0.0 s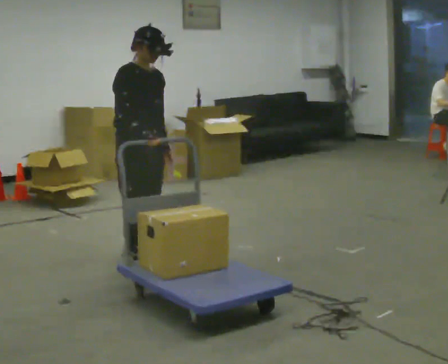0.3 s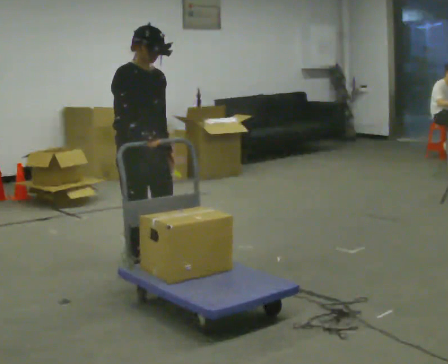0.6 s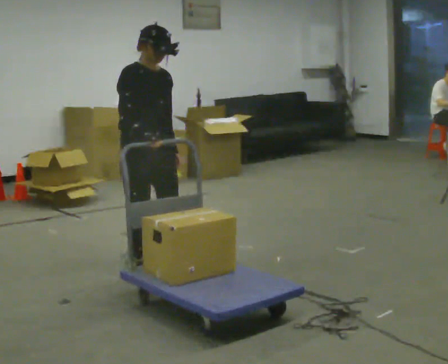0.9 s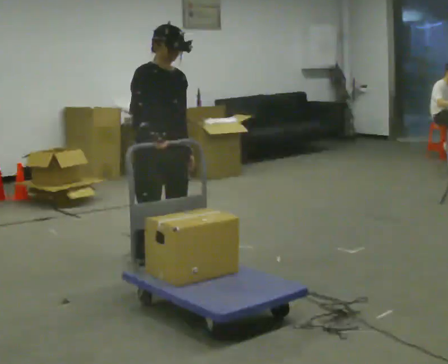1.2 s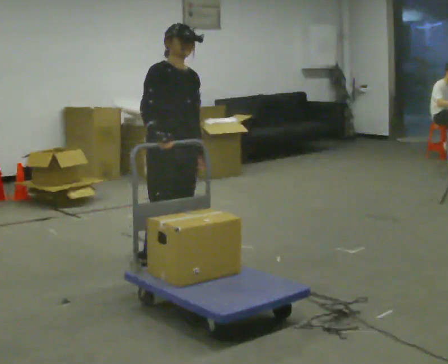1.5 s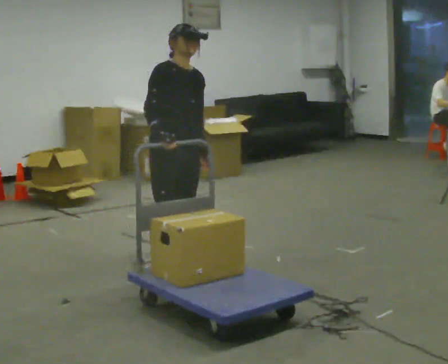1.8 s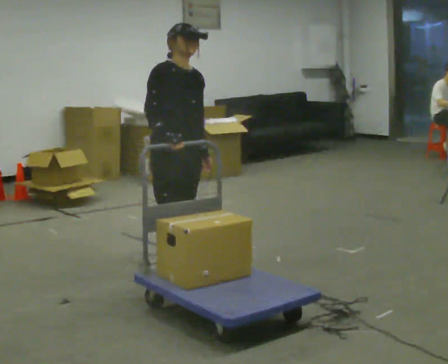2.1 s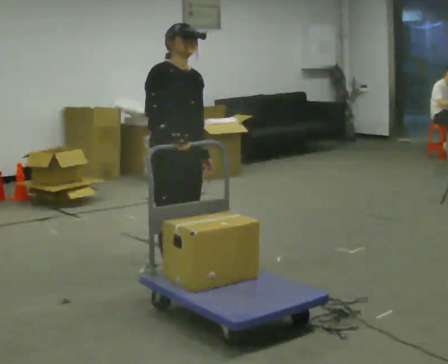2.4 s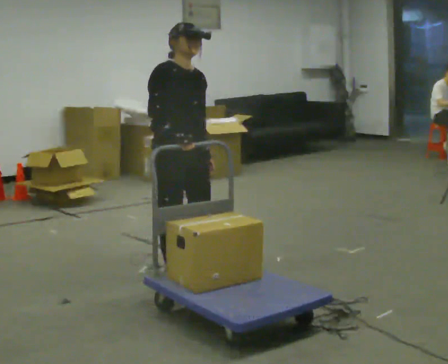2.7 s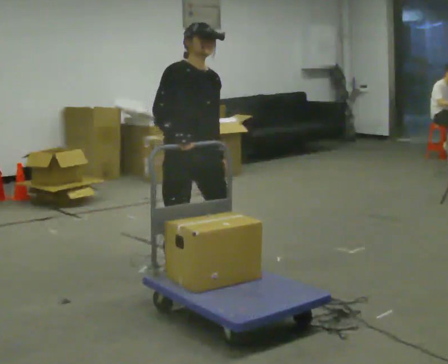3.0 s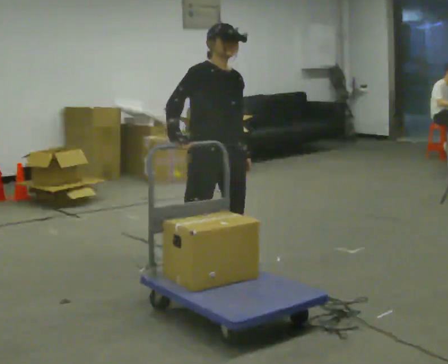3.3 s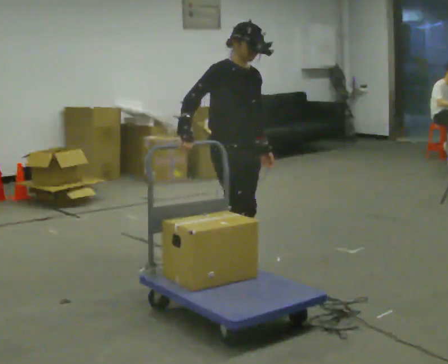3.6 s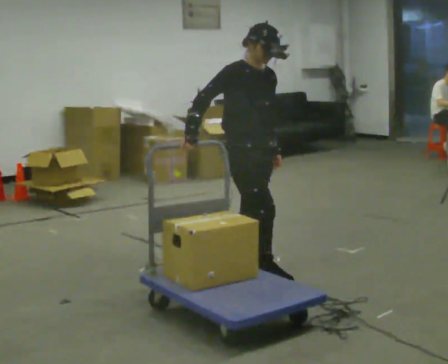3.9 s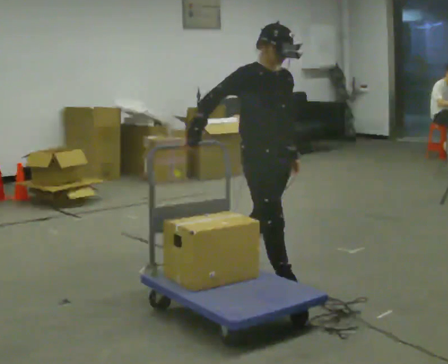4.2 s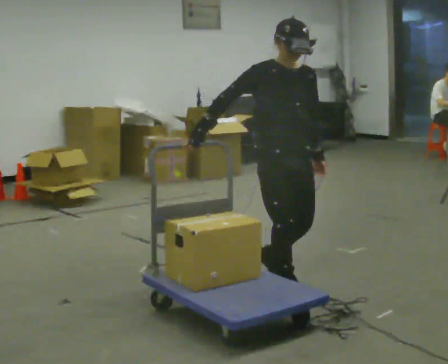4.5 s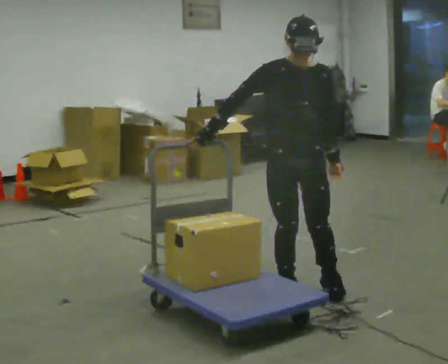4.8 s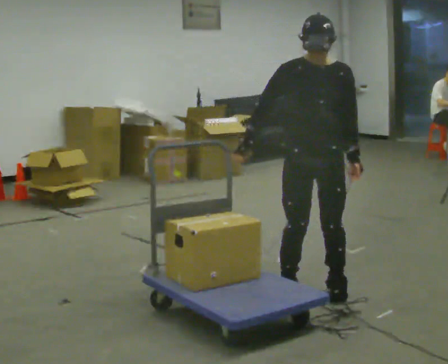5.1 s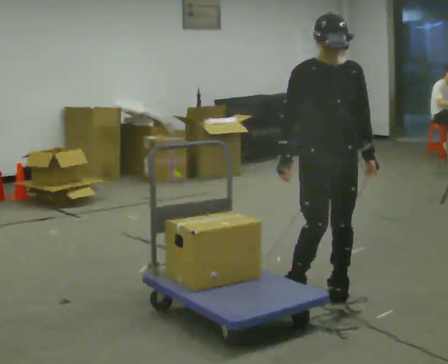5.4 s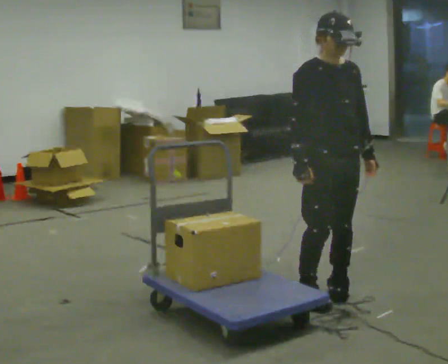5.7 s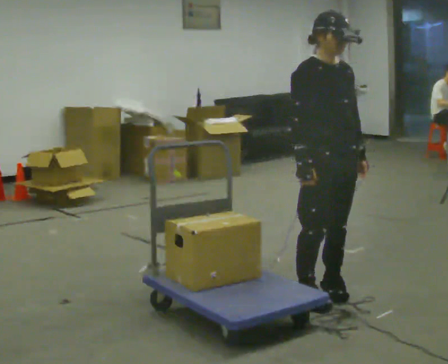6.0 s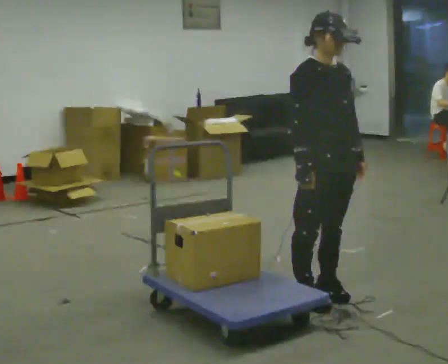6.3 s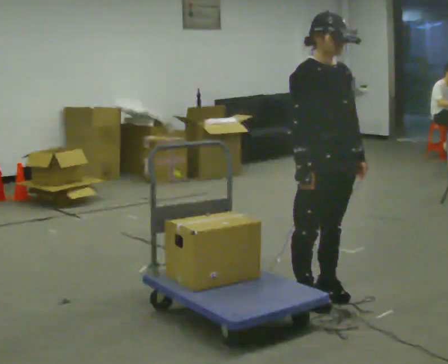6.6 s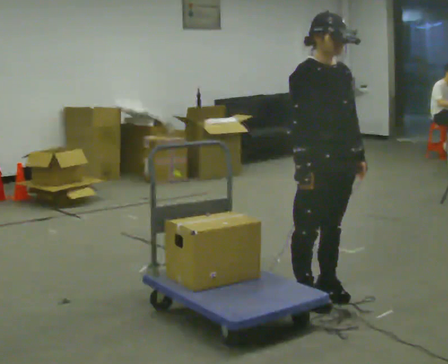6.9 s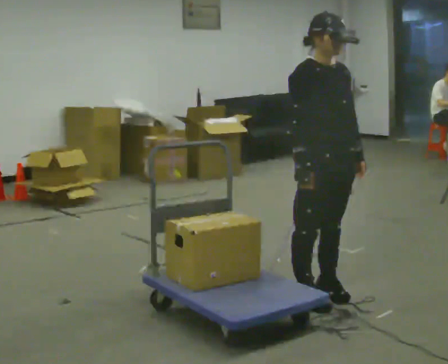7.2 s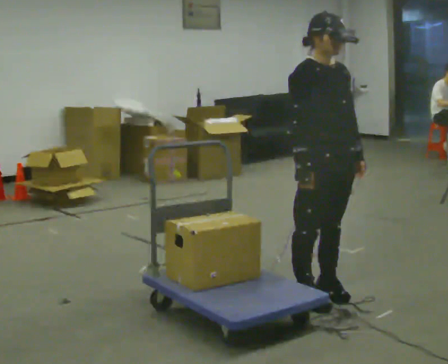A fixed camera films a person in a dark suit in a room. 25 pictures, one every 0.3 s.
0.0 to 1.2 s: In the picture they go to the right, about 0.25 m in 1 step, which for them is forward.
1.2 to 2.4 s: In the picture they go toward the camera, about 0.25 m in 1 step, which for them is forward.
2.4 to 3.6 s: In the picture they go to the right, about 0.5 m in 1 step, which for them is to their left and forward.
3.6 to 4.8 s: The part of the body nearest the lens slides to the left as the person turns to their right by about 45 degrees. In the picture they go to the right and toward the camera, about 0.5 m in 2 steps, which for them is forward.
4.8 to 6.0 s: The part of the body nearest the lens slides to the right as the person turns to their left by about 45 degrees.
6.0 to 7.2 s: The person keeps their place and pose.
The film runs forward here.
